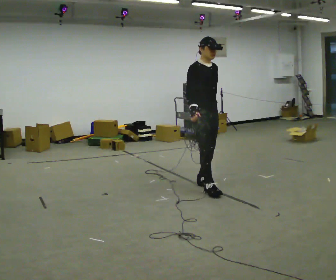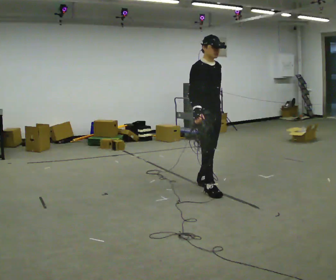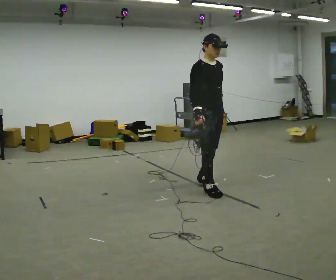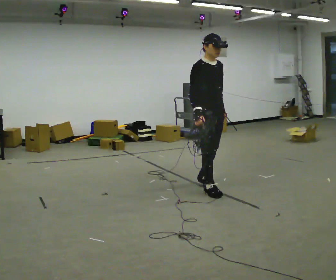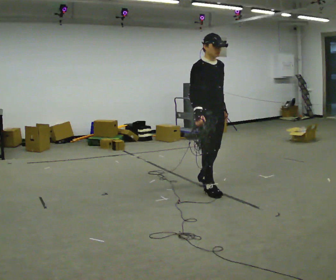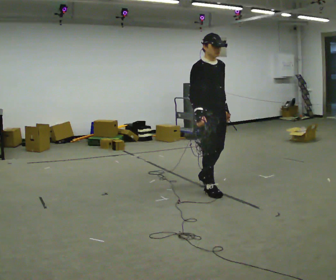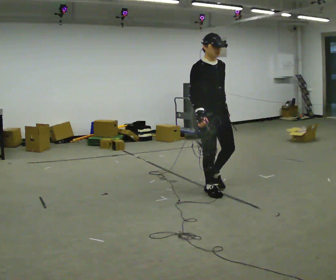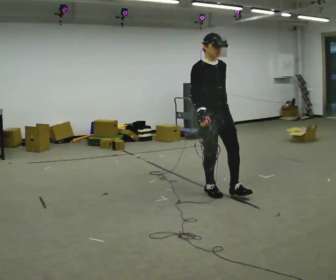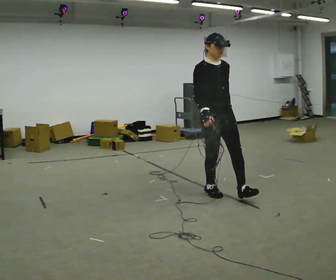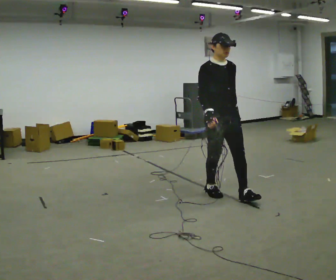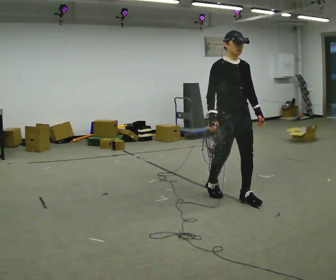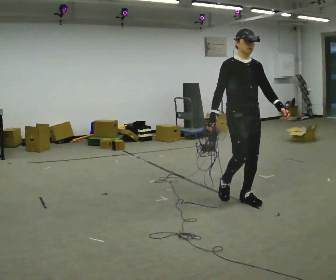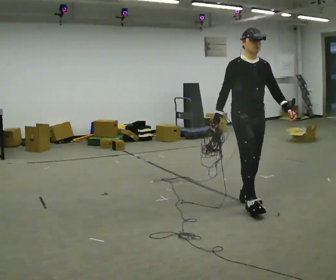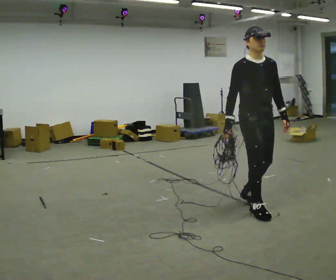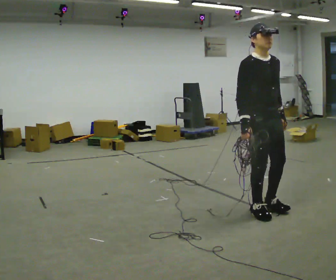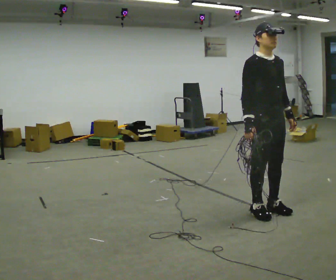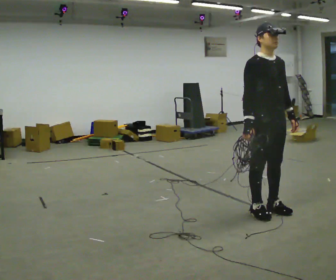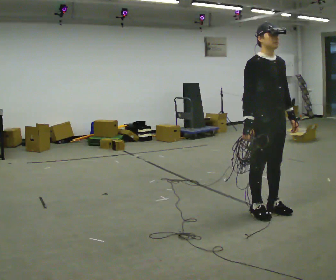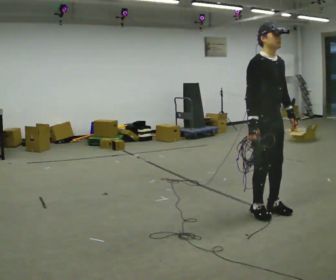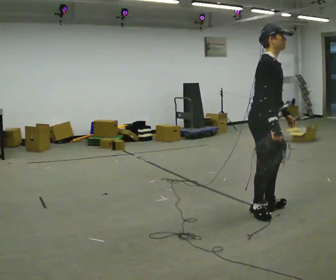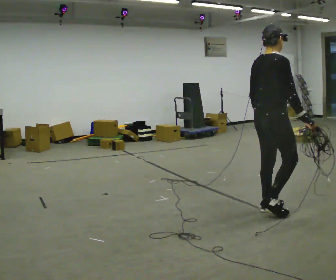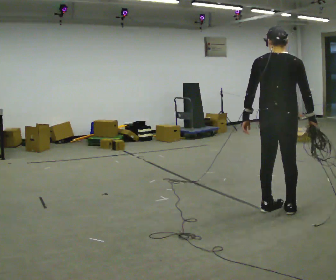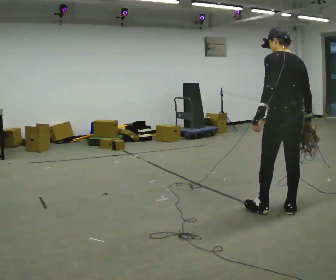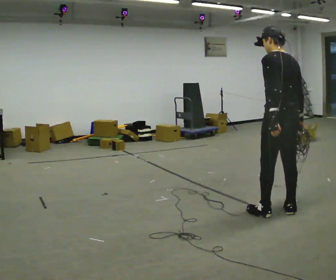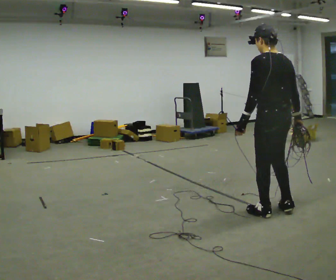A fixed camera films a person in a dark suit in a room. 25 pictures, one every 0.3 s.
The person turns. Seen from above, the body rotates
counterclockwise.
The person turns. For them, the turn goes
to their left.
0.0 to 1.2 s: In the picture they go toward the camera, about 0.25 m, which for them is forward.
1.2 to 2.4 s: The person moves a little, or ends about where they began.
2.4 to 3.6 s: In the picture they go to the right and toward the camera, about 0.5 m, which for them is forward.
3.6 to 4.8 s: In the picture they go toward the camera and to the right, about 0.25 m in 2 steps, which for them is forward.
4.8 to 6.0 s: The part of the body nearest the lens slides to the right as the person turns to their left by about 90 degrees. In the picture their right hand goes to the right, the arm swinging counterclockwise.
6.0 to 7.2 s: The person turns about 90 degrees to their left, counterclockwise seen from above, so the part of the body nearest the lens slides to the right.
The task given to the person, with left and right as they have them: Pick up the coiled hose, carry it across the room, and set it down. It will move around as you walk. Keep going until the operator says stop; one object at a time, and do not rush between trips.
The film runs forward here.
